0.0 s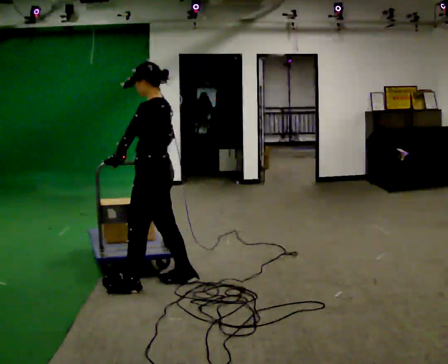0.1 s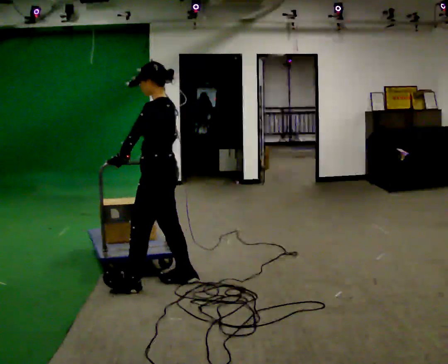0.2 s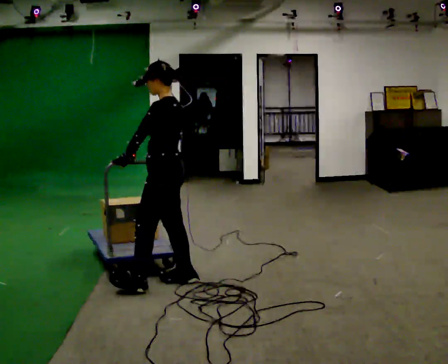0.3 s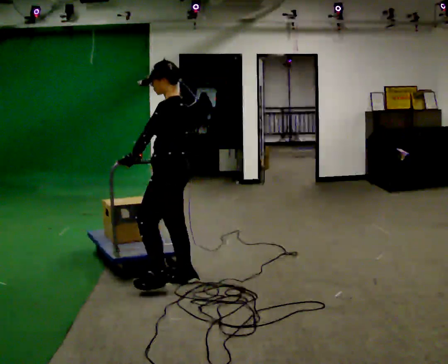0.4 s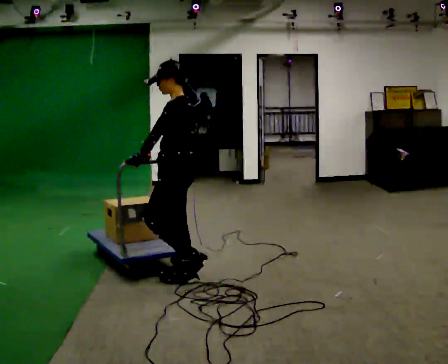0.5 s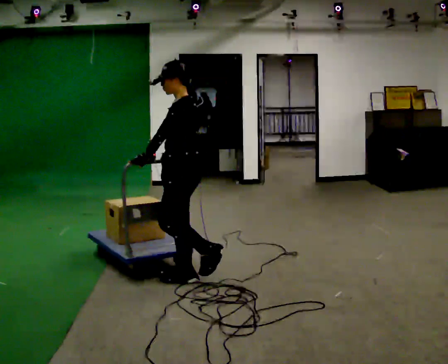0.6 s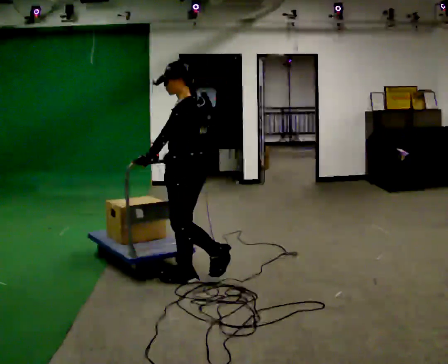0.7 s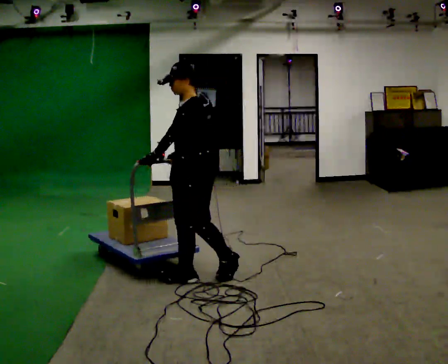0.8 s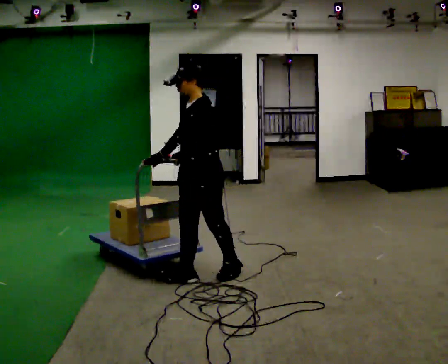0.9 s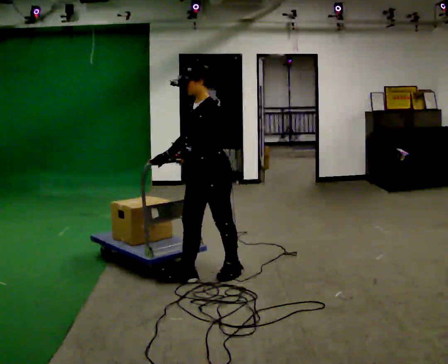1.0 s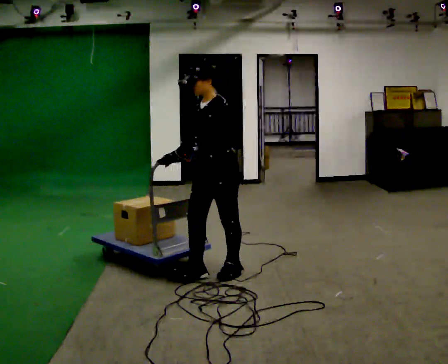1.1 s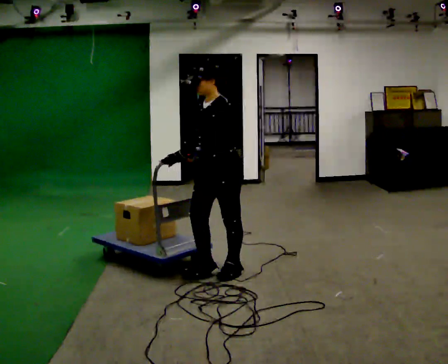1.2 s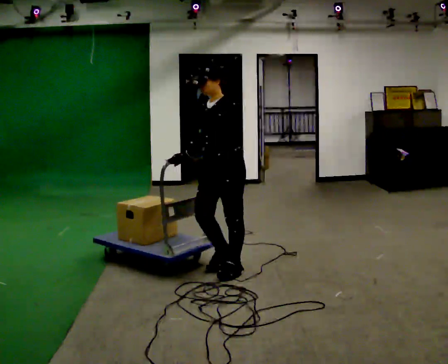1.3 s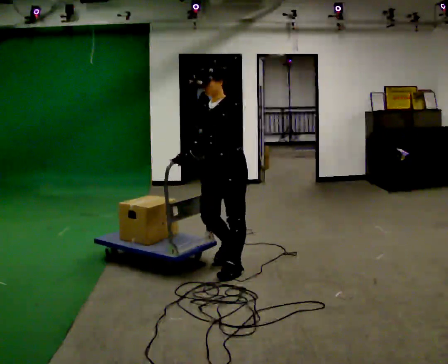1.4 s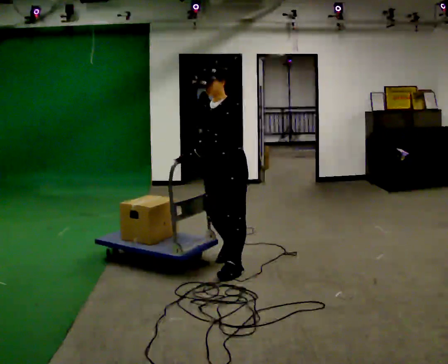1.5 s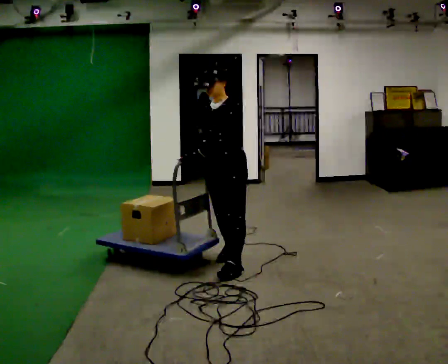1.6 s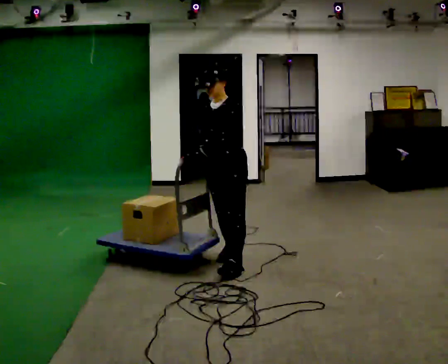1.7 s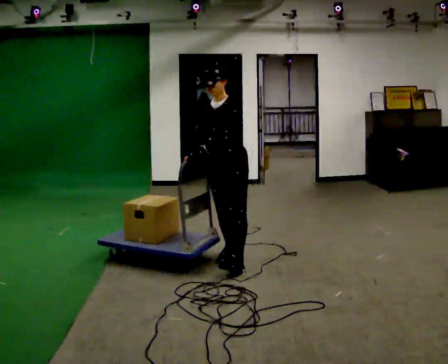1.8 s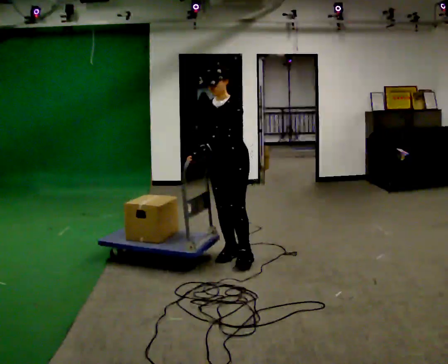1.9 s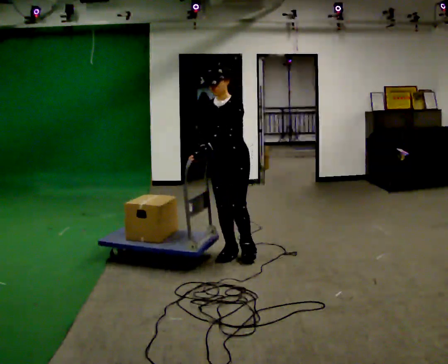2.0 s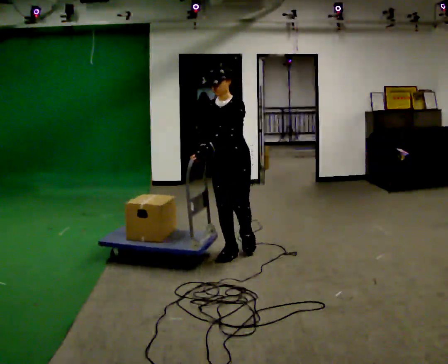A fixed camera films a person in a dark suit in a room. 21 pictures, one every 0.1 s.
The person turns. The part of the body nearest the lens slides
to the right.
The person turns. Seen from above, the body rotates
counterclockwise.
0.0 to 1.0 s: The person turns about 45 degrees to their left, counterclockwise seen from above, so the part of the body nearest the lens slides to the right. In the picture they go to the right and away from the camera, about 0.5 m in 2 steps, which for them is backward.
1.0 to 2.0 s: Seen from above the body turns counterclockwise, about 30 degrees: to their left, with its near side sliding to the right. In the picture they go away from the camera, about 0.5 m in 1 step, which for them is backward and to their right.
The film runs backward here.
